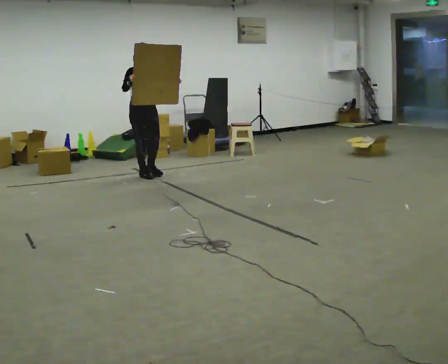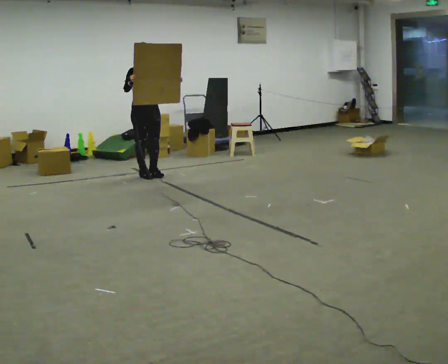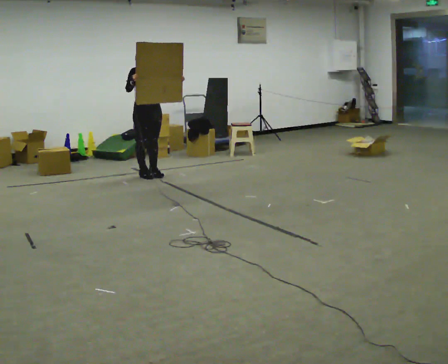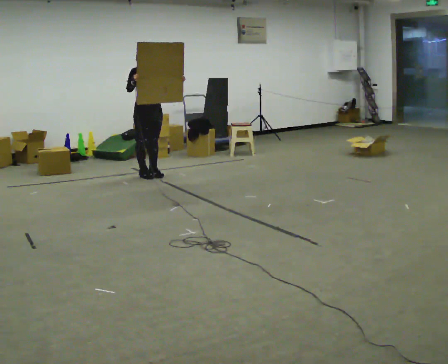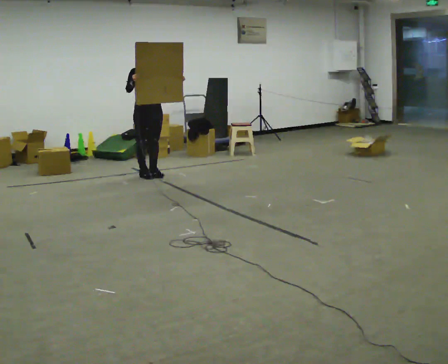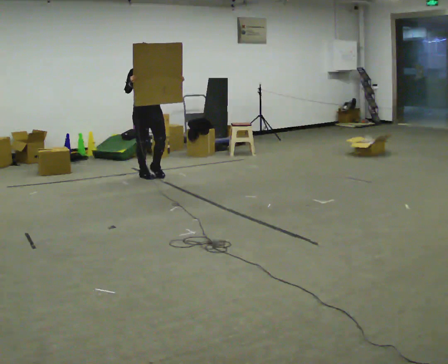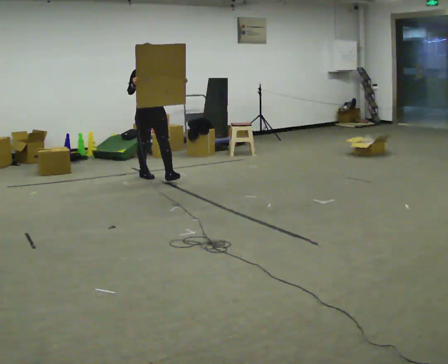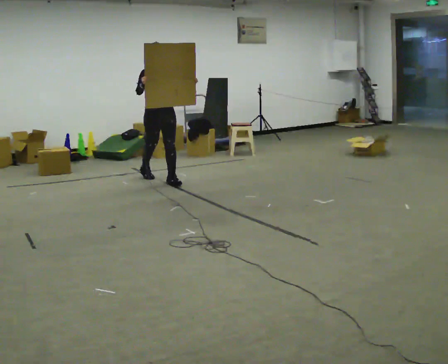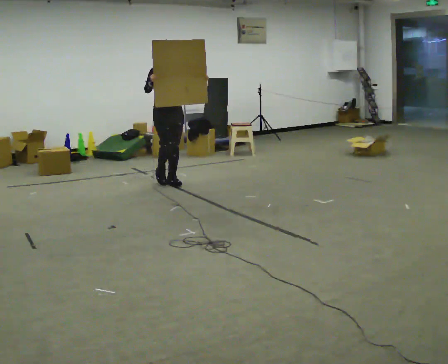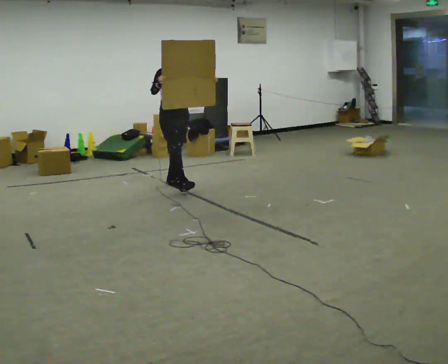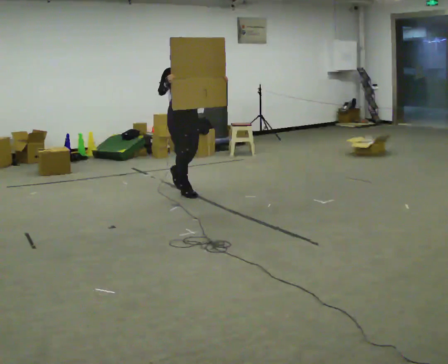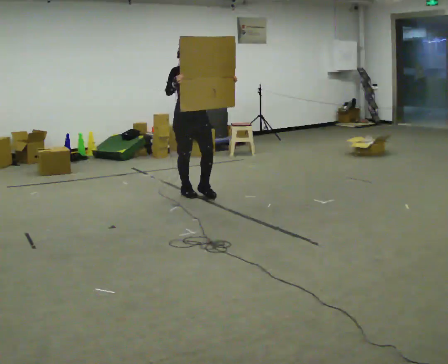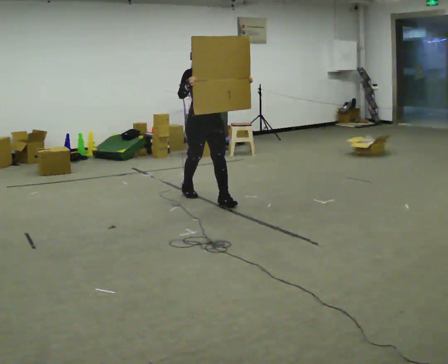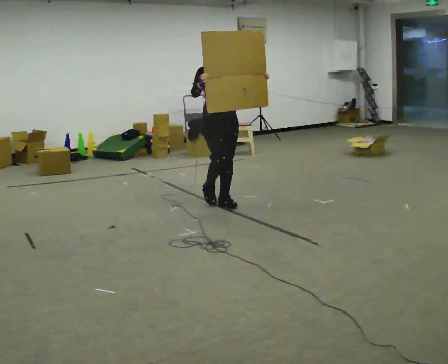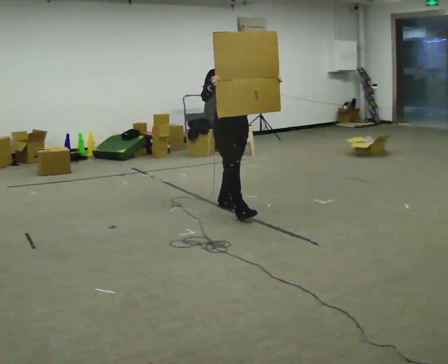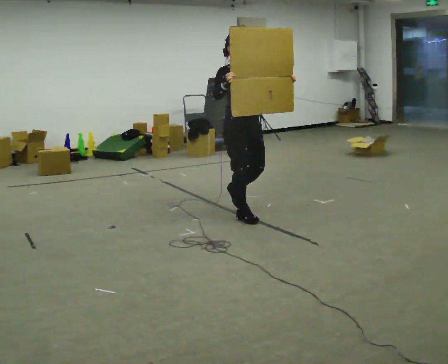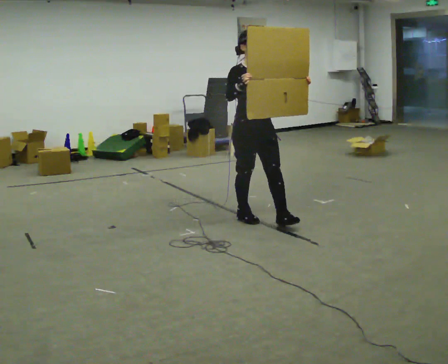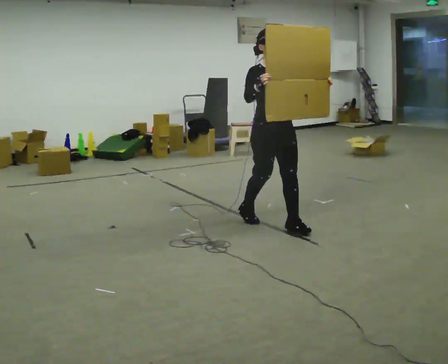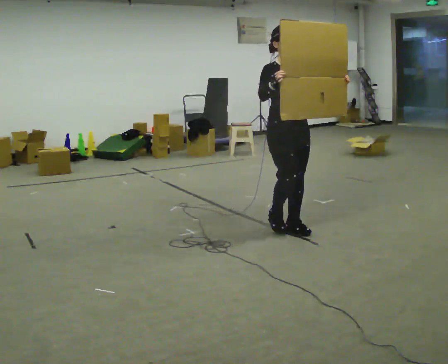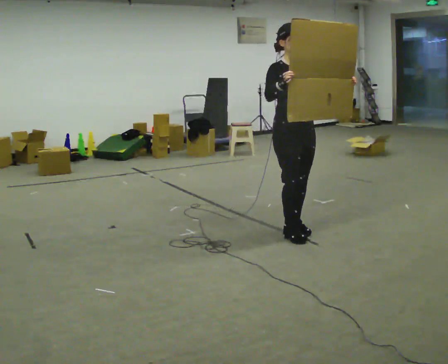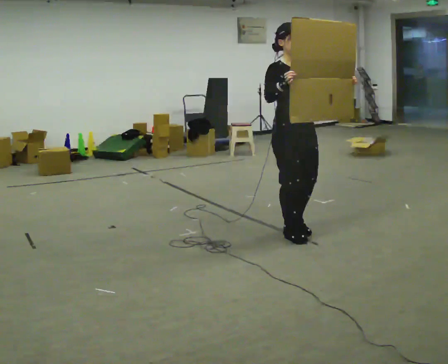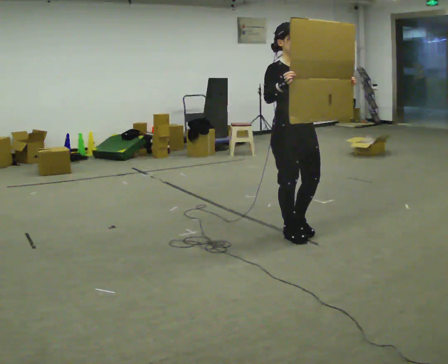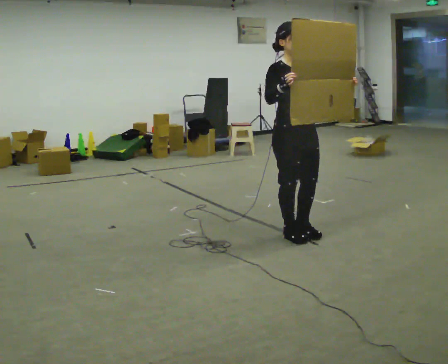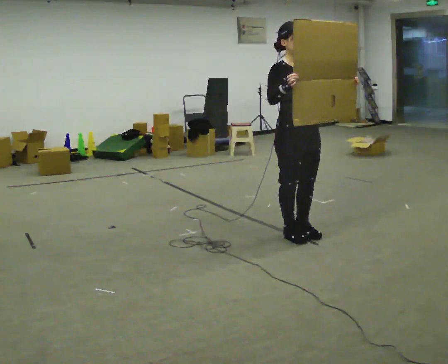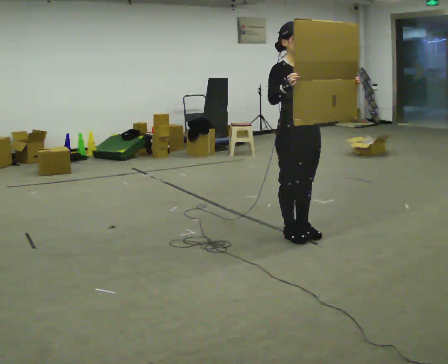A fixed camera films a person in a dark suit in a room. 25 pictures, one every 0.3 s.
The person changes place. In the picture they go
toward the camera.
0.0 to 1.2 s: The person moves a little, or ends about where they began.
1.2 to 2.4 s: In the picture they go toward the camera and to the right, about 0.5 m in 1 step, which for them is forward.
2.4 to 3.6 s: In the picture they go toward the camera and to the right, about 1 m in 2 steps, which for them is forward.
3.6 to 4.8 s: In the picture they go toward the camera and to the right, about 1 m in 1 step, which for them is forward.
4.8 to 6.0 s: In the picture they go toward the camera and to the right, about 0.5 m in 2 steps, which for them is forward.
6.0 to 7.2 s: The person moves a little, or ends about where they began.
The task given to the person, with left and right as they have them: Carry the large panel across the room. It will block your view ahead, so take whatever route feels safe. Keep going until the operator says stop; one object at a time, and do not rush between trips.
The film runs forward here.
